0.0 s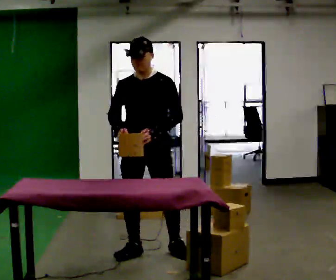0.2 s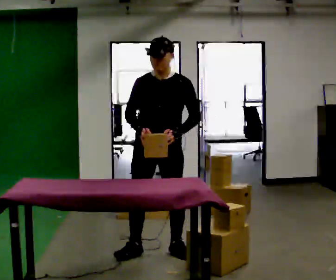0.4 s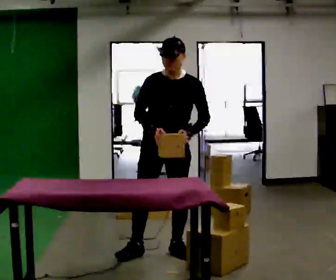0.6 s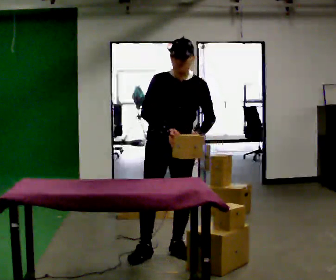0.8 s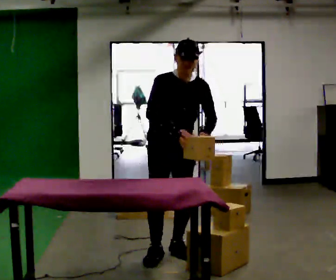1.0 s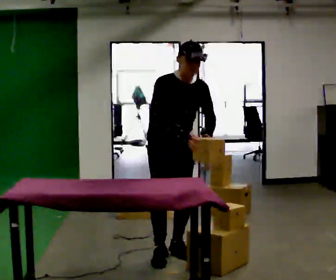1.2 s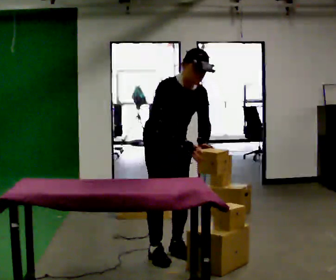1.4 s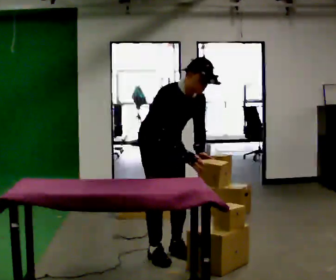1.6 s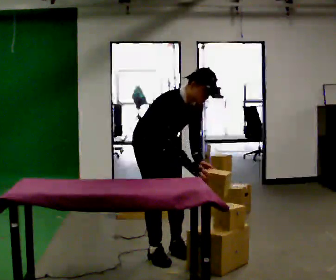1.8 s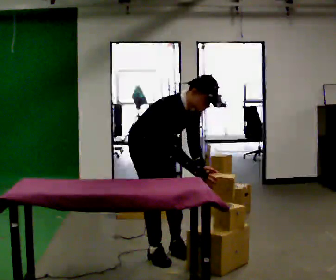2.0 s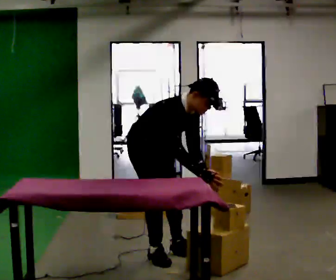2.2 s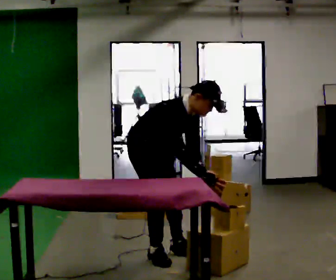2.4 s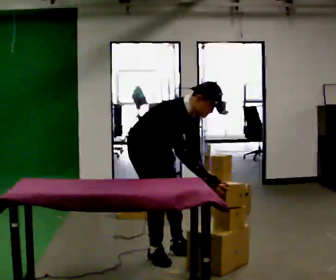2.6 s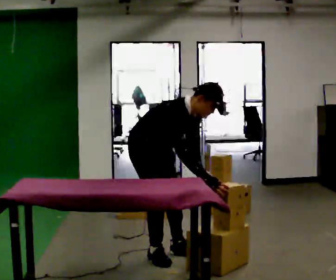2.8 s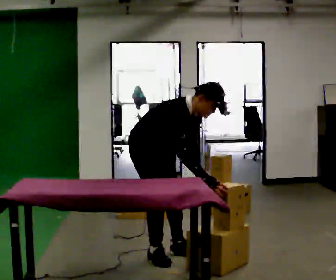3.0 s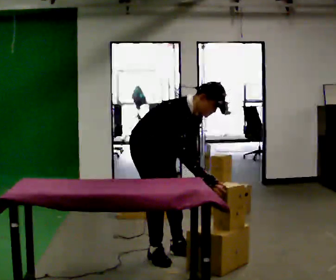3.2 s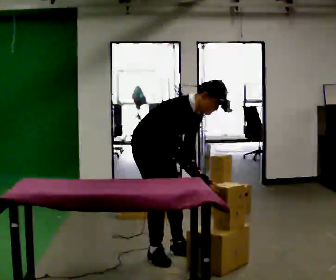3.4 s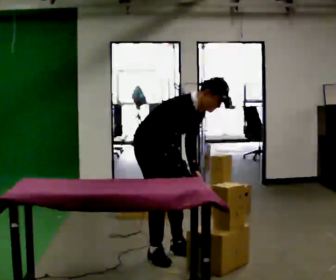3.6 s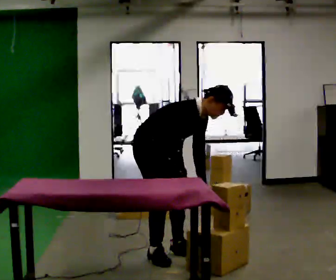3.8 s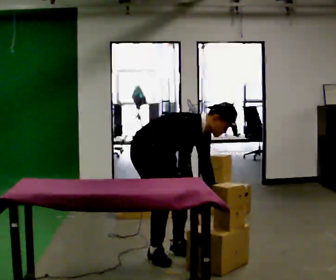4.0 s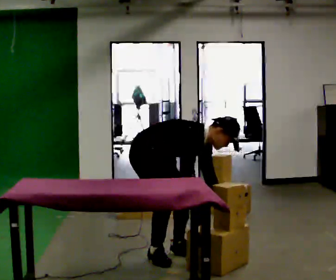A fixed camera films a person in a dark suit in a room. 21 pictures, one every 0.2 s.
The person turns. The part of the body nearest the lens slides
to the right.
The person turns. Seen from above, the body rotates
counterclockwise.
0.0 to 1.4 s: Seen from above the body turns counterclockwise, about 60 degrees: to their left, with its near side sliding to the right. In the picture the upper body tilts clockwise, shoulders to the right, as they bend forward. In the picture their left hand goes to the right.
1.4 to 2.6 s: In the picture the upper body tilts clockwise, shoulders to the right, as they bend forward.
2.6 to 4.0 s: The shoulders move downward. In the picture the upper body tilts clockwise, shoulders to the right, as they bend forward.
The film runs backward here.
